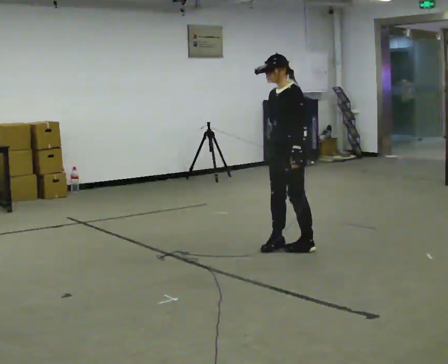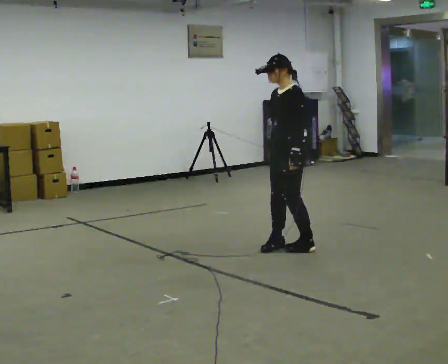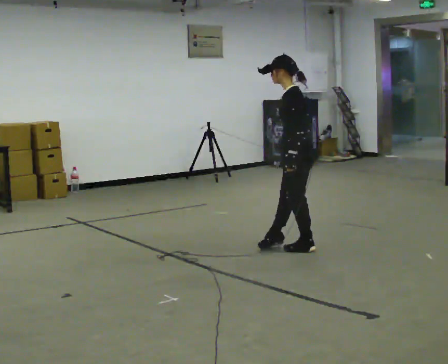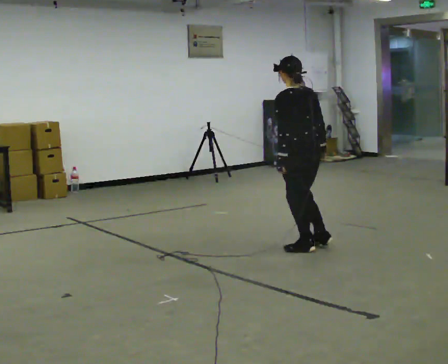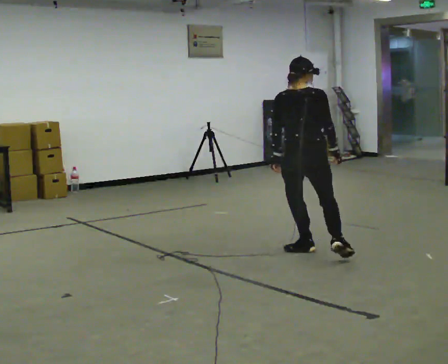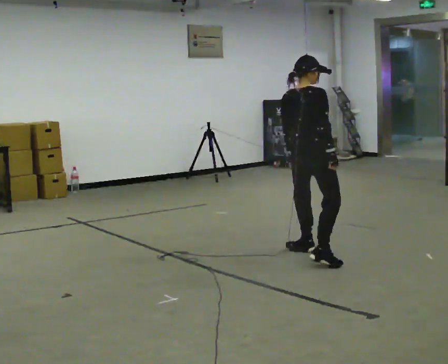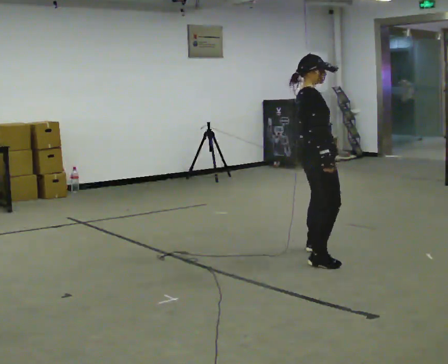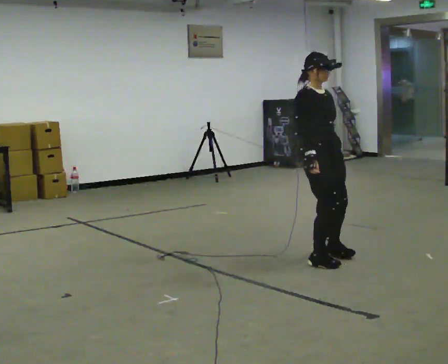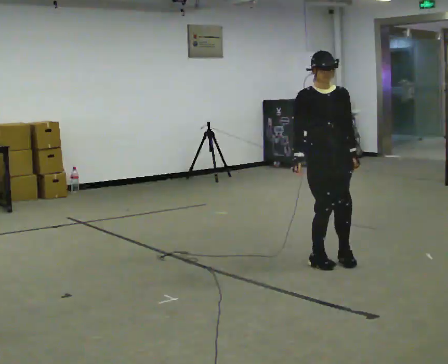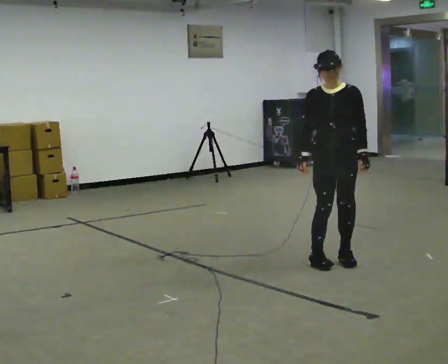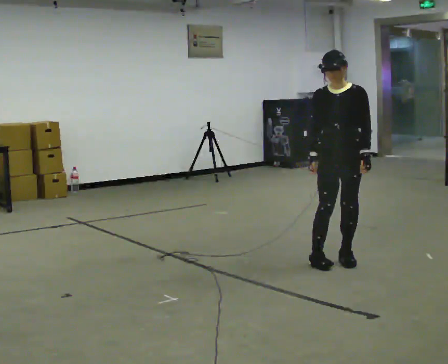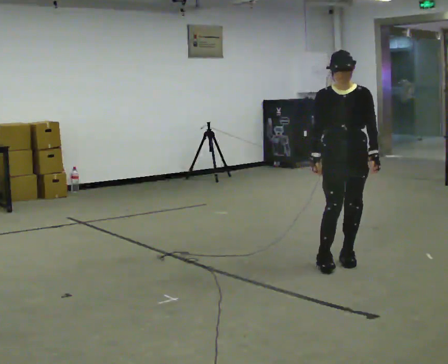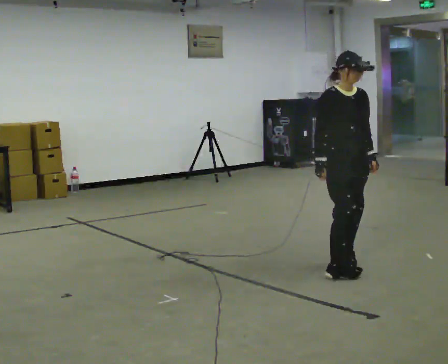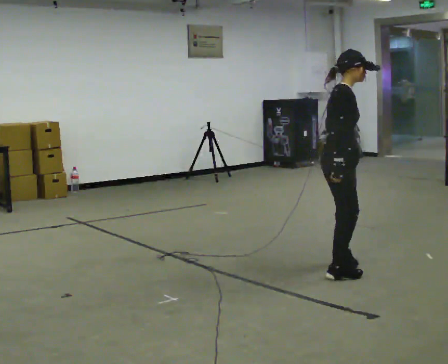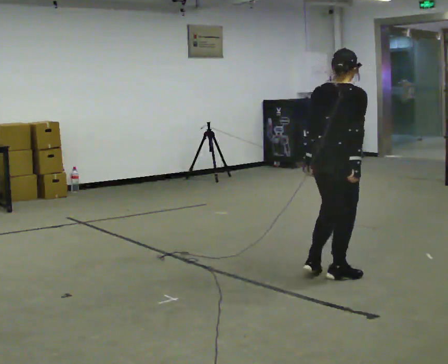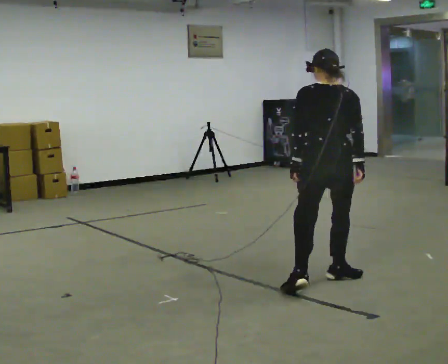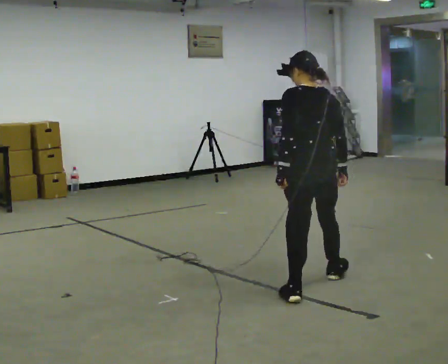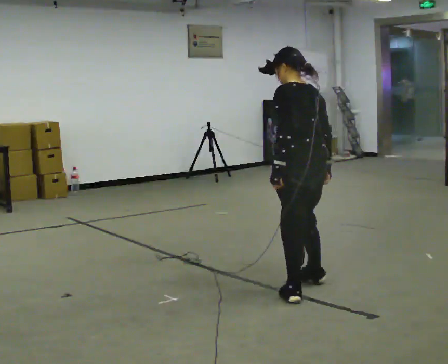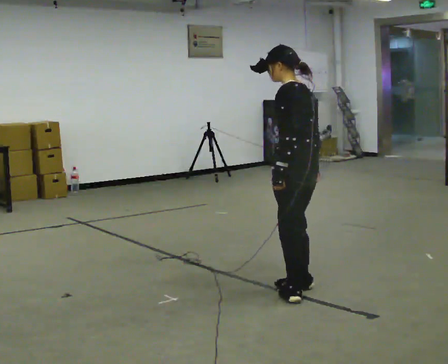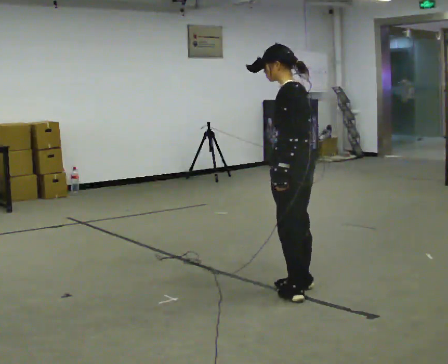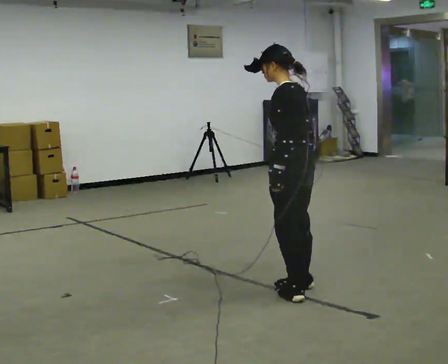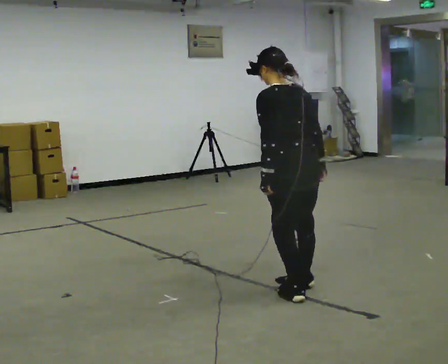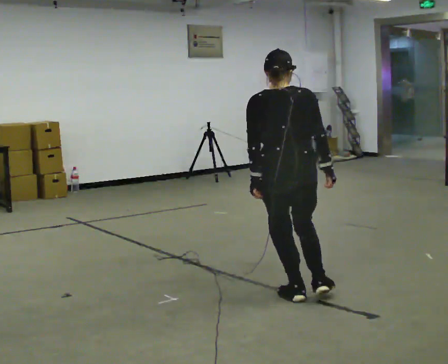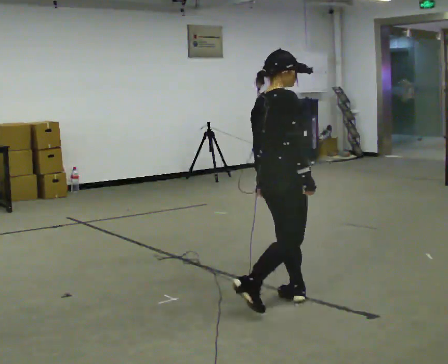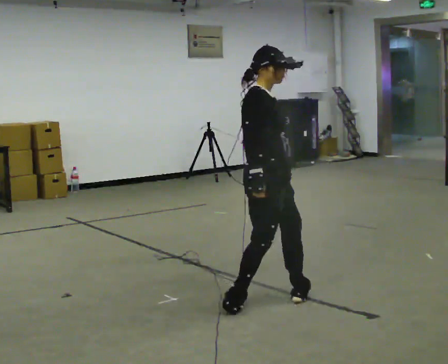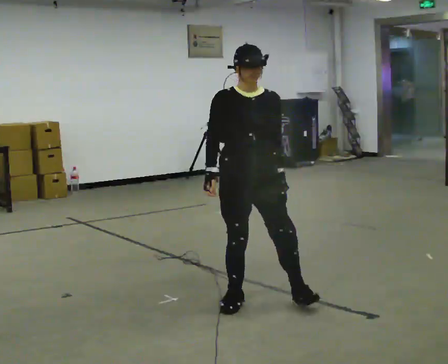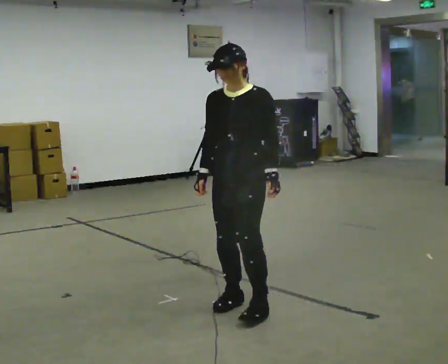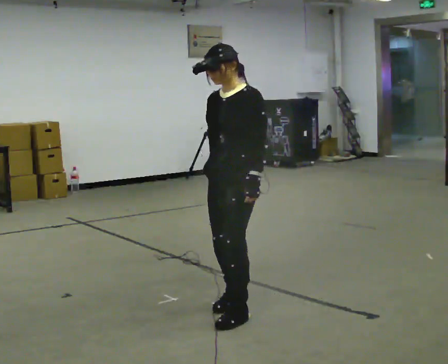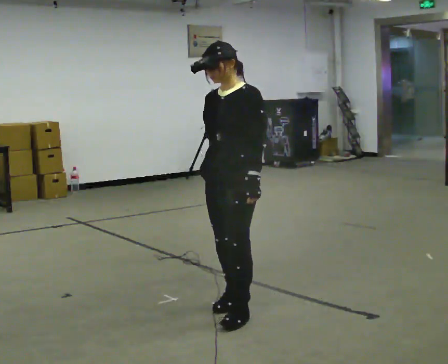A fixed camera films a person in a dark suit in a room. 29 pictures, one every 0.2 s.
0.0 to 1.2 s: The part of the body nearest the lens slides to the left as the person turns to their right by about 210 degrees. In the picture they go toward the camera and to the right, about 0.5 m in 1 step.
1.2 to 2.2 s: The person turns about 90 degrees to their right, clockwise seen from above, so the part of the body nearest the lens slides to the left. In the picture they go to the right, about 0.25 m in 1 step.
2.2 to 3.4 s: Seen from above the body turns counterclockwise, about 240 degrees: to their left, with its near side sliding to the right. In the picture they go toward the camera, about 0.5 m in 2 steps.
3.4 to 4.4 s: The part of the body nearest the lens slides to the left as the person turns to their right by about 60 degrees. In the picture they go toward the camera, about 0.25 m in 1 step.
4.4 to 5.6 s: Seen from above the body turns clockwise, about 210 degrees: to their right, with its near side sliding to the left. In the picture they go to the left and toward the camera, about 0.25 m in 2 steps.
The film runs forward here.
